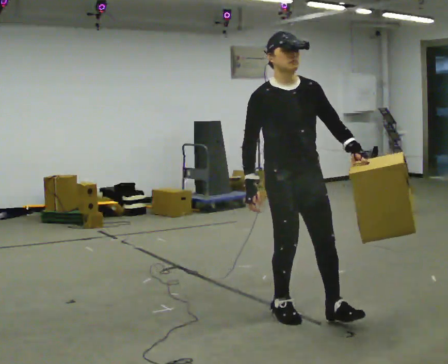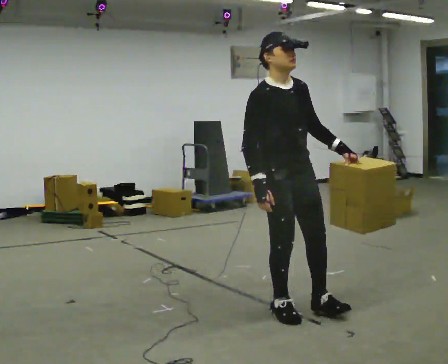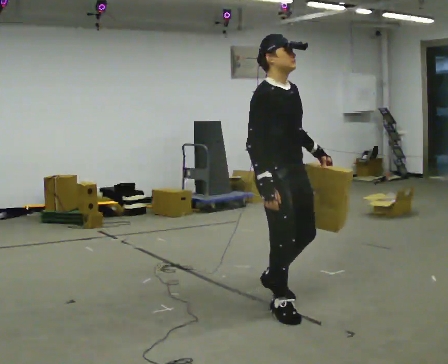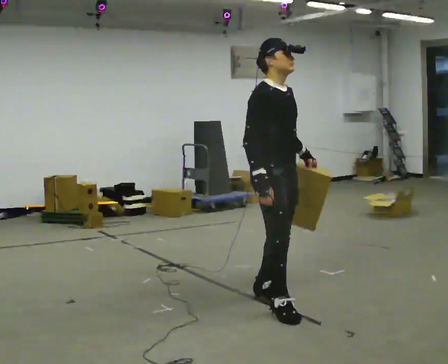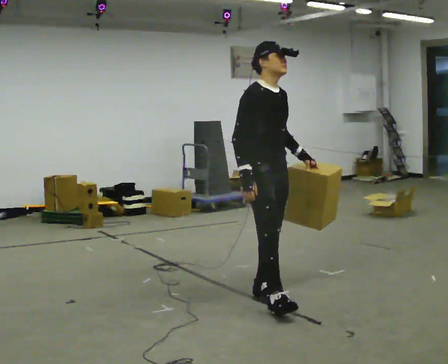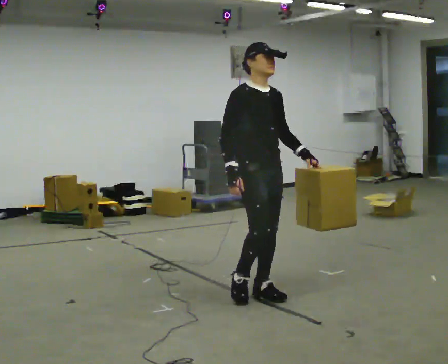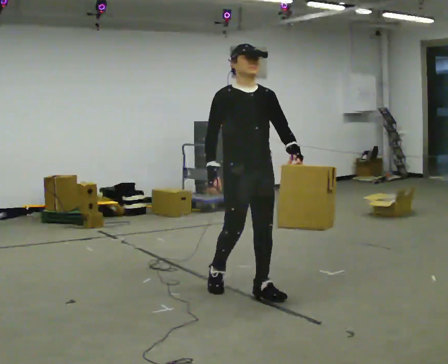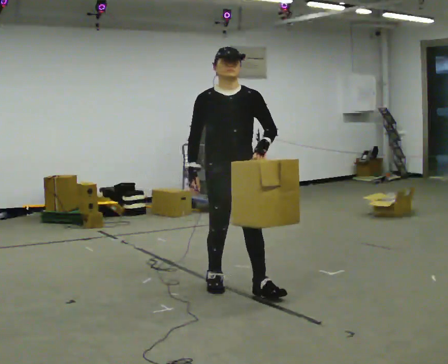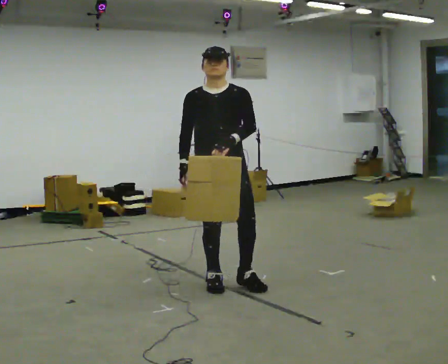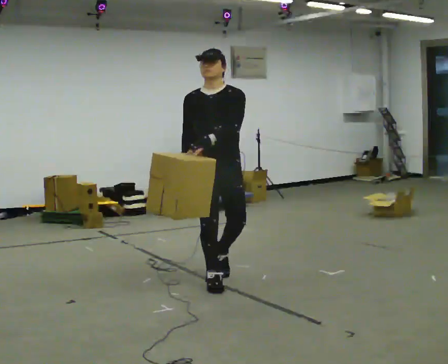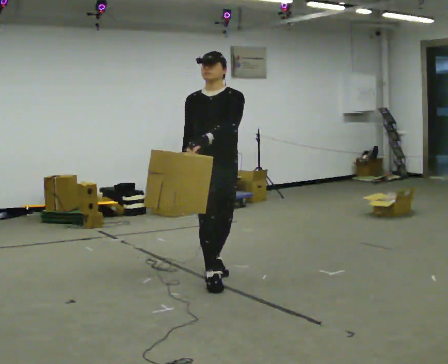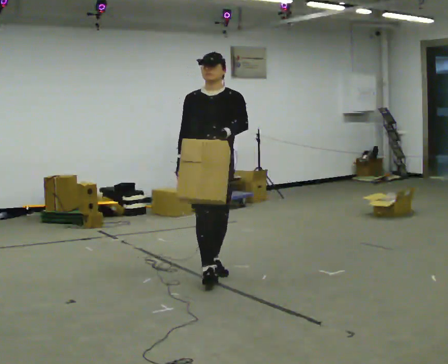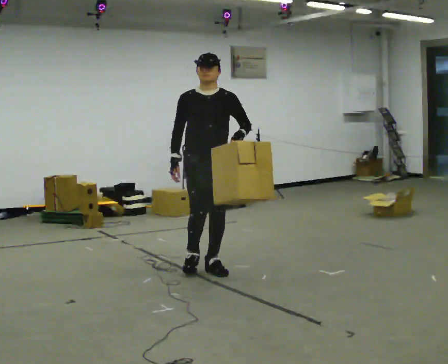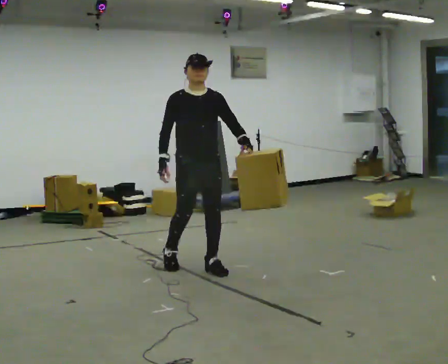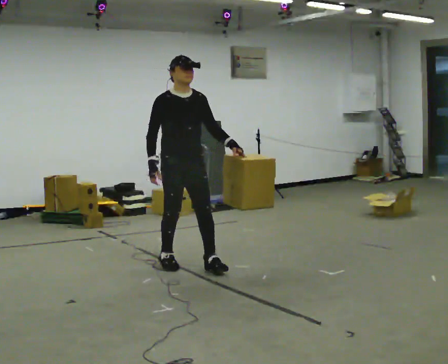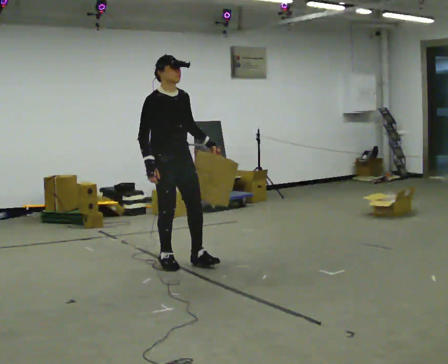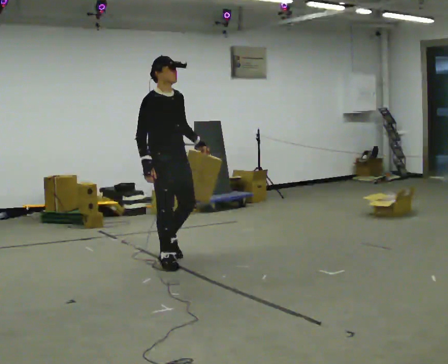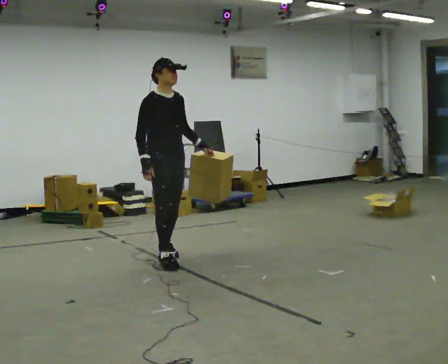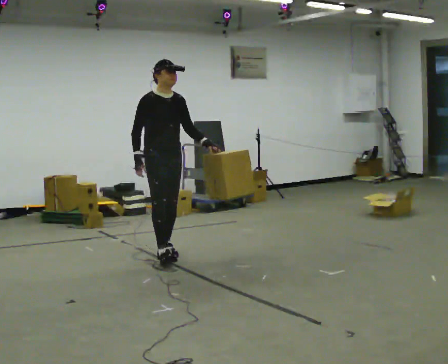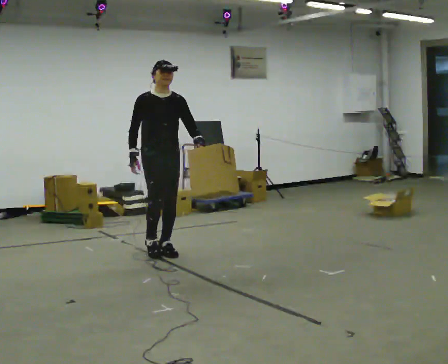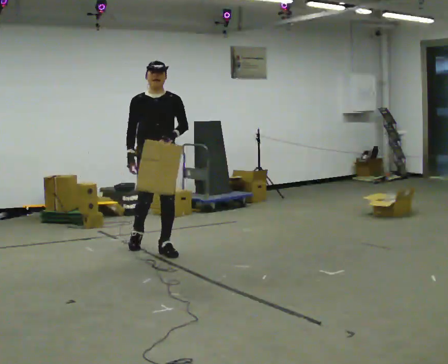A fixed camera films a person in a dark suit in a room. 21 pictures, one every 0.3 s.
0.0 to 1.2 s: The part of the body nearest the lens slides to the right as the person turns to their left by about 30 degrees. In the picture they go away from the camera and to the left, about 0.5 m in 1 step, which for them is backward.
1.2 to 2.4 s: The person turns about 45 degrees to their right, clockwise seen from above, so the part of the body nearest the lens slides to the left. In the picture they go to the left and away from the camera, about 0.5 m in 2 steps, which for them is backward.
2.4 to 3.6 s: In the picture they go away from the camera and to the left, about 0.5 m in 1 step, which for them is backward.
3.6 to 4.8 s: The person turns about 30 degrees to their left, counterclockwise seen from above, so the part of the body nearest the lens slides to the right. In the picture they go to the left and away from the camera, about 0.5 m in 1 step, which for them is backward and to their right.
4.8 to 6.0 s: Seen from above the body turns clockwise, about 30 degrees: to their right, with its near side sliding to the left. In the picture they go away from the camera and to the left, about 0.5 m in 1 step, which for them is backward.
The film runs backward here.
